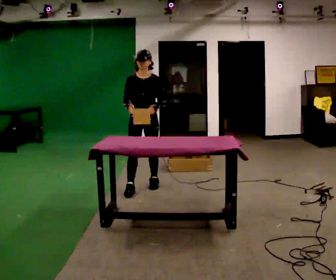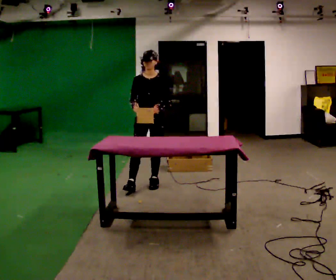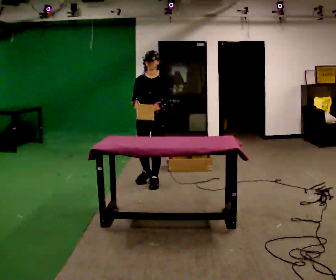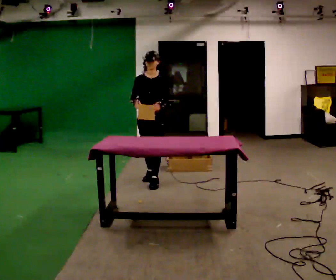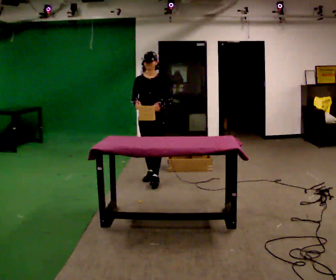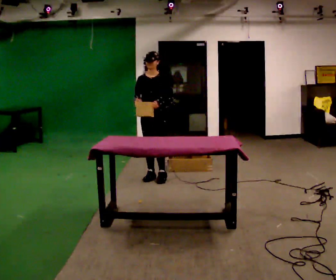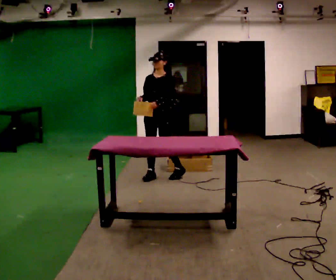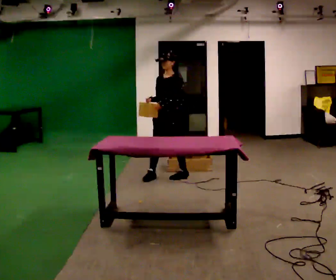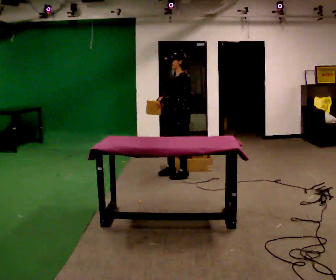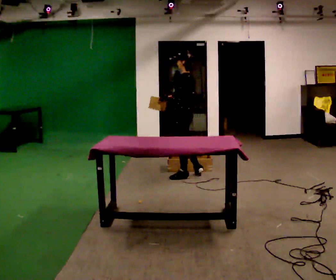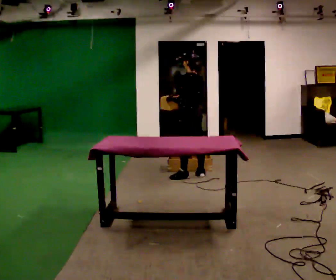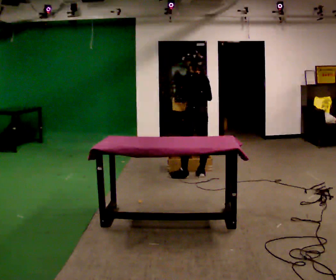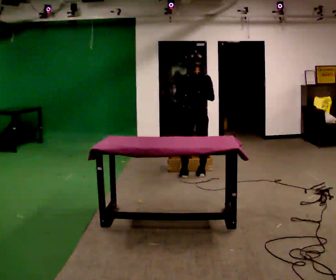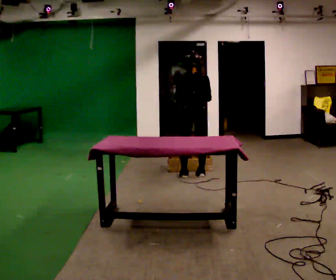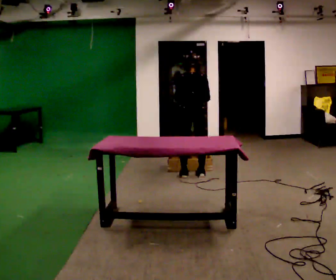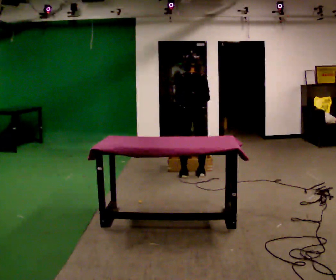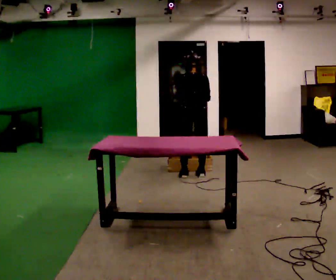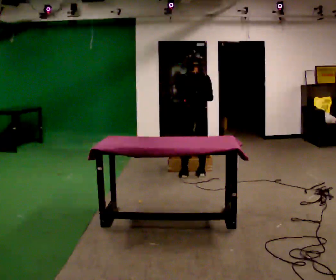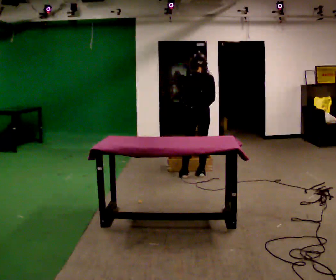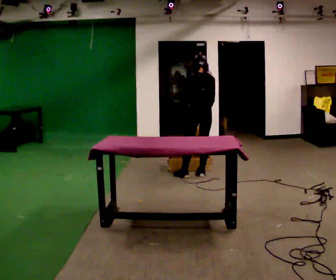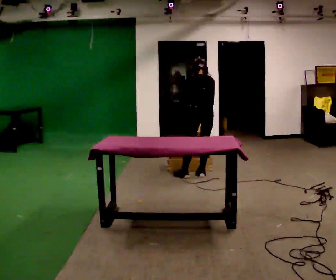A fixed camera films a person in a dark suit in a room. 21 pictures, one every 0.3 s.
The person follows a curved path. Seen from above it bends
clockwise.
The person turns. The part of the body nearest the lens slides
to the left.
0.0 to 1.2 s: In the picture they go away from the camera, about 0.25 m in 1 step, which for them is backward.
1.2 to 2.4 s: The person turns about 60 degrees to their right, clockwise seen from above, so the part of the body nearest the lens slides to the left. In the picture they go to the right and away from the camera, about 0.25 m in 2 steps.
2.4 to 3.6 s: Seen from above the body turns clockwise, about 90 degrees: to their right, with its near side sliding to the left. In the picture they go to the right, about 0.25 m.
3.6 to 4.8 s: The person moves a little, or ends about where they began.
4.8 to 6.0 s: The upper body tips away from the camera, its near side rolling upward, as they bend forward.
The film runs backward here.
